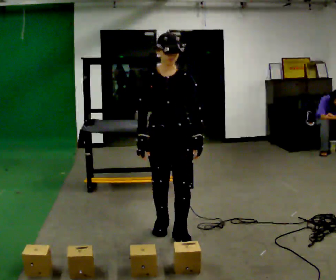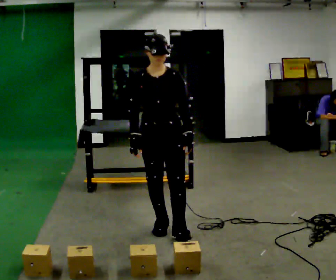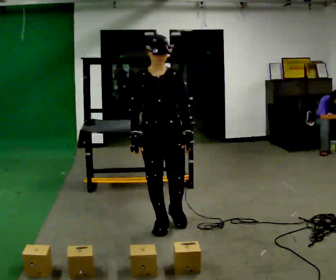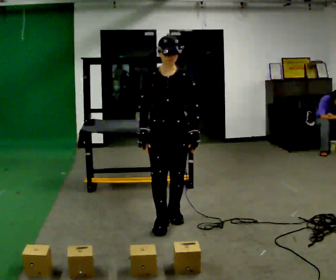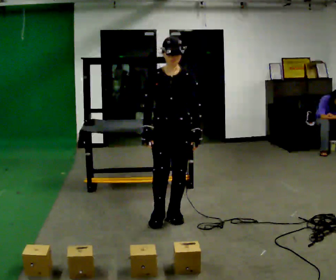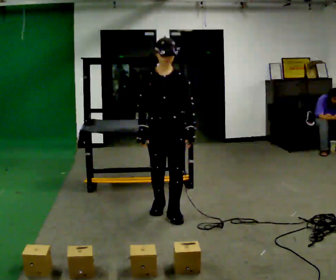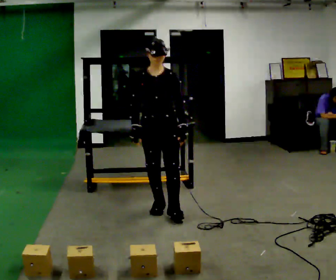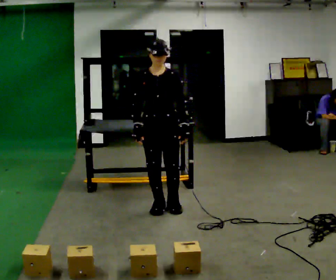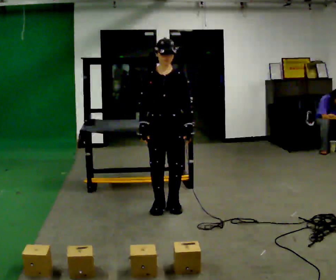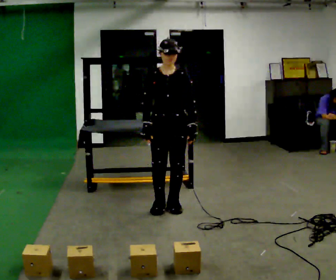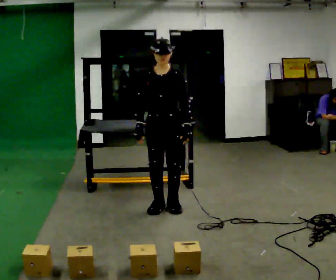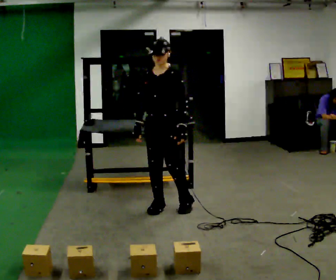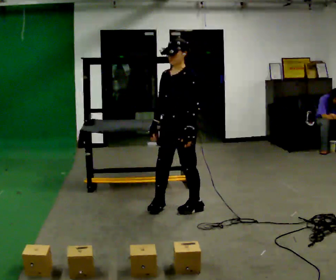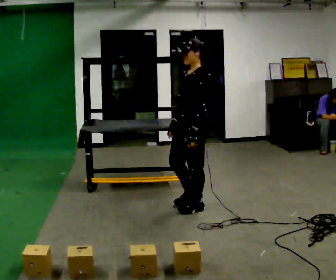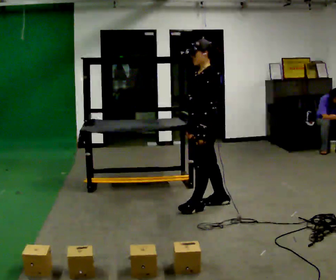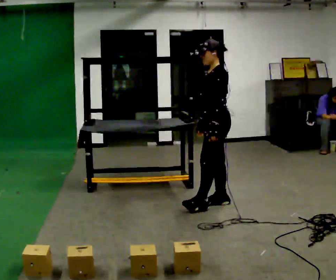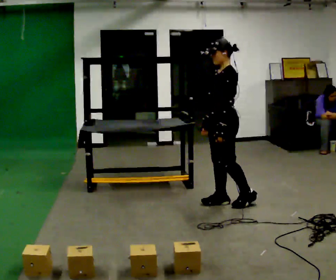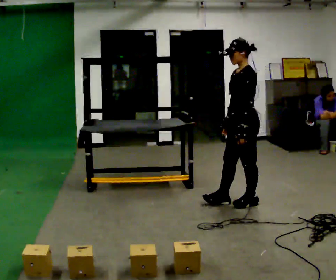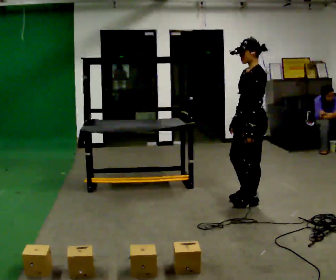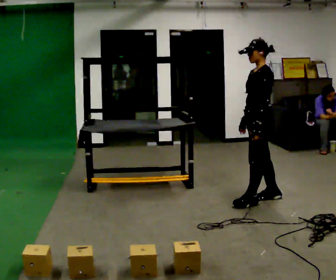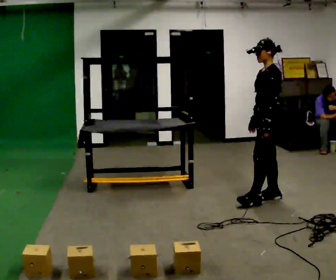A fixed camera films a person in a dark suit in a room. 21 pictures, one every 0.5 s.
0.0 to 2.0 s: In the picture they go away from the camera, about 0.5 m in 2 steps, which for them is backward.
2.0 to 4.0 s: In the picture they go away from the camera, about 0.25 m in 1 step, which for them is backward.
4.0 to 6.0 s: The part of the body nearest the lens slides to the left as the person turns to their right by about 45 degrees.
6.0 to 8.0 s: The part of the body nearest the lens slides to the left as the person turns to their right by about 30 degrees. In the picture they go to the right, about 0.5 m in 2 steps, which for them is backward.
8.0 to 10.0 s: In the picture they go to the right, about 0.5 m in 2 steps, which for them is backward.
The film runs backward here.
